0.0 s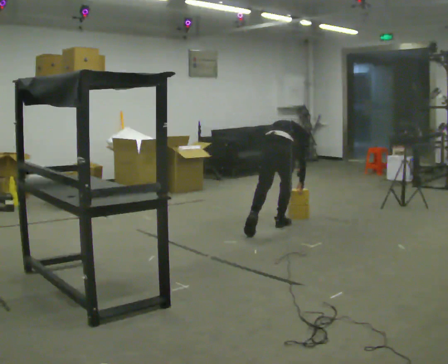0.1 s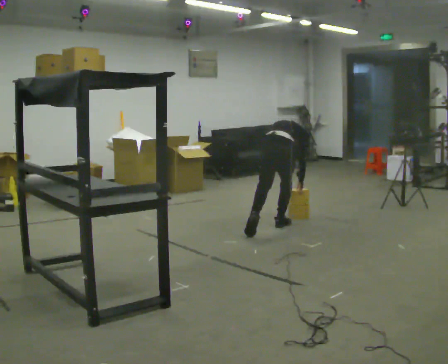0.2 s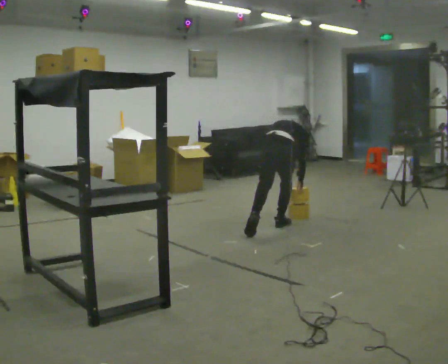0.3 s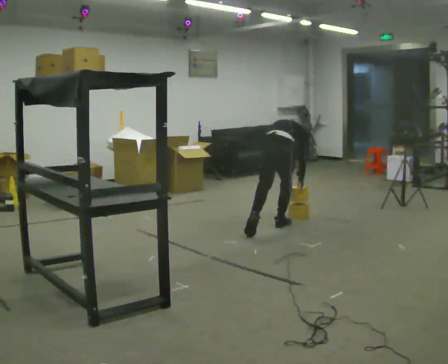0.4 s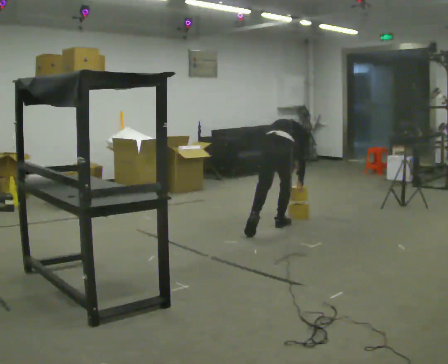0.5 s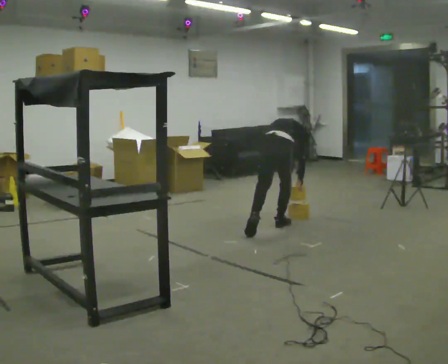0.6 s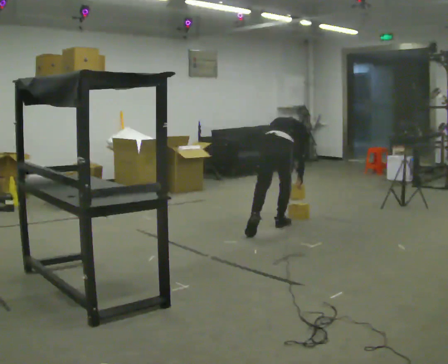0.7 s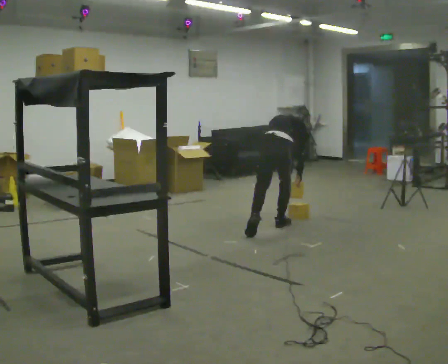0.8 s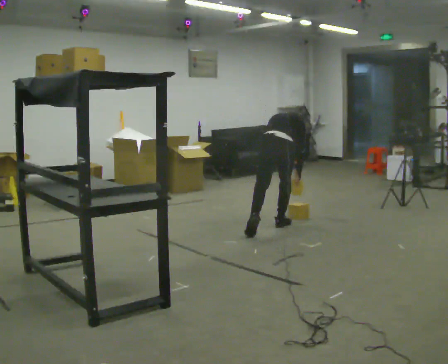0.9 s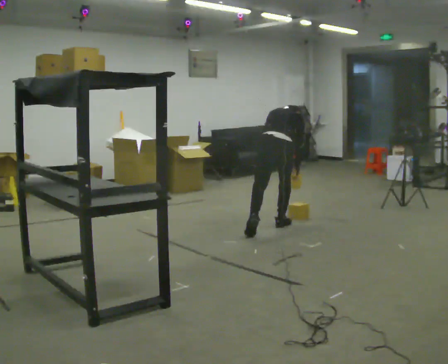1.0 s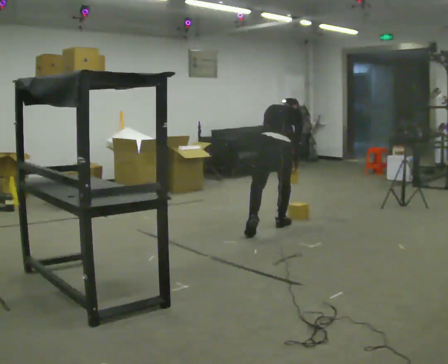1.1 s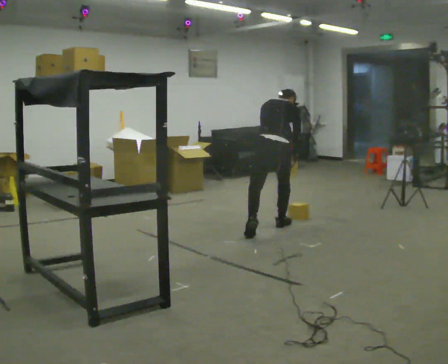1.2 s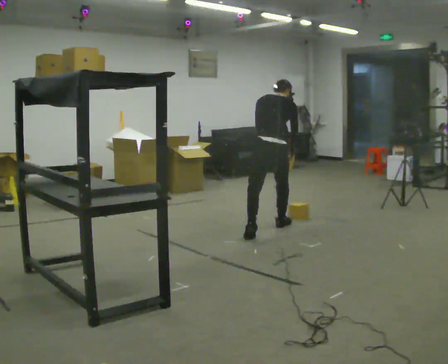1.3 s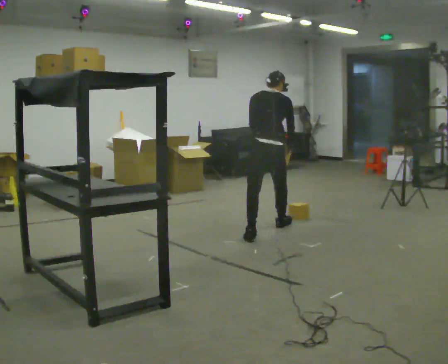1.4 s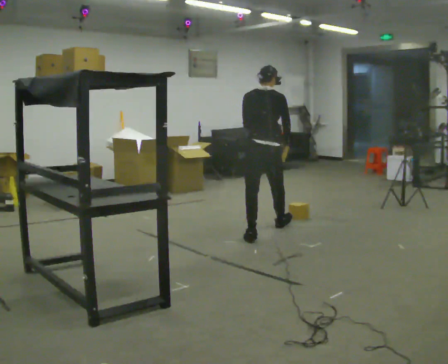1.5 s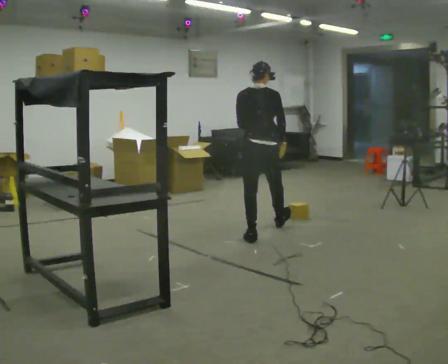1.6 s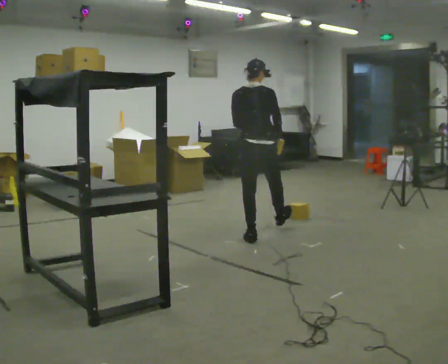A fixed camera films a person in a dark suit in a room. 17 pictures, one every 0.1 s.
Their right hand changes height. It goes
upward.
The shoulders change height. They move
upward.
0.0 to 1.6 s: In the picture they go toward the camera and to the left, about 0.5 m in 1 step, which for them is backward and to their left. The upper body goes upward. The upper body tips toward the camera, its near side rolling downward, as they lean back or straighten. In the picture their left hand goes upward.
The film runs backward here.
